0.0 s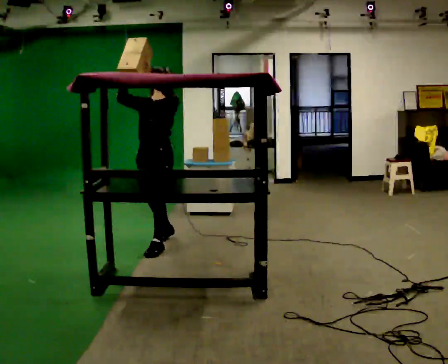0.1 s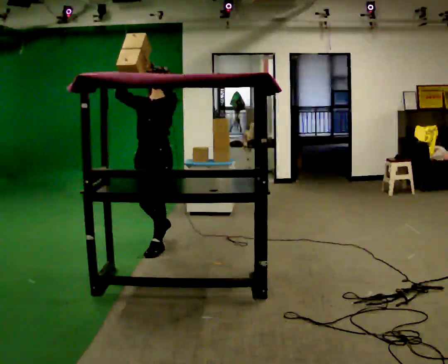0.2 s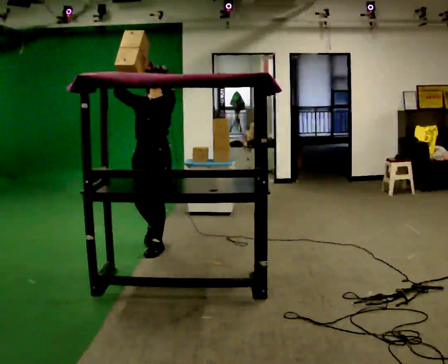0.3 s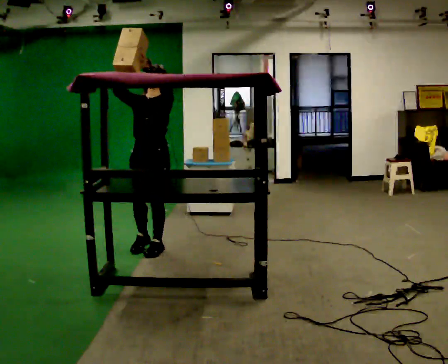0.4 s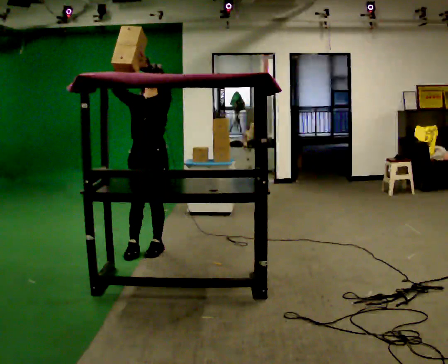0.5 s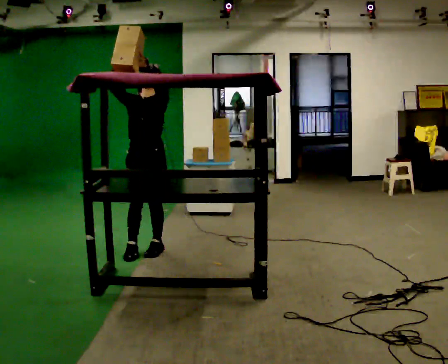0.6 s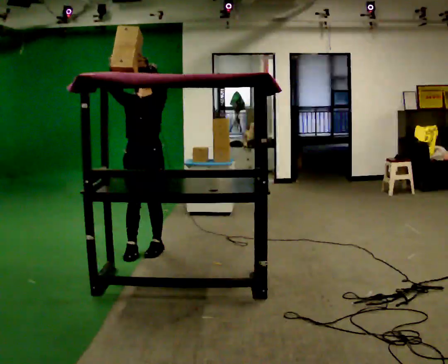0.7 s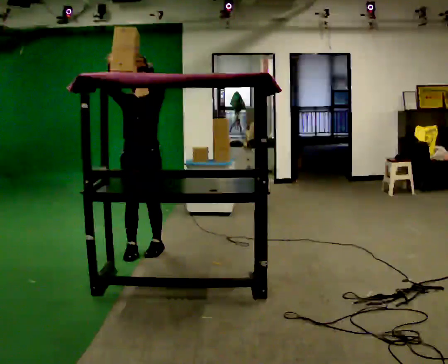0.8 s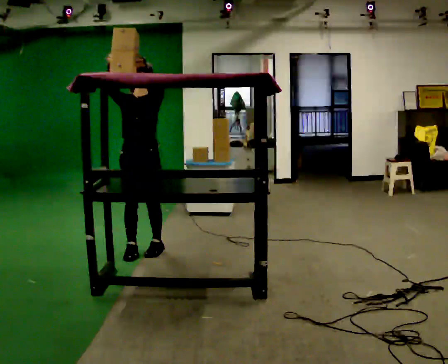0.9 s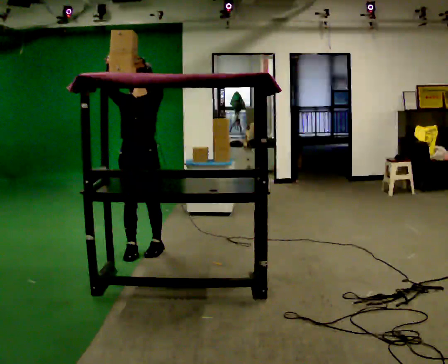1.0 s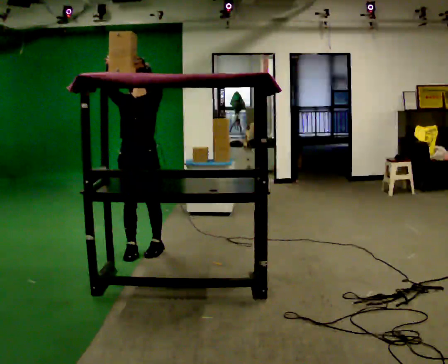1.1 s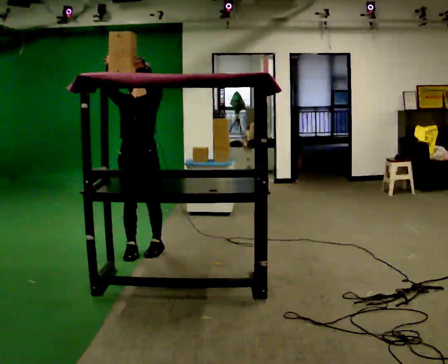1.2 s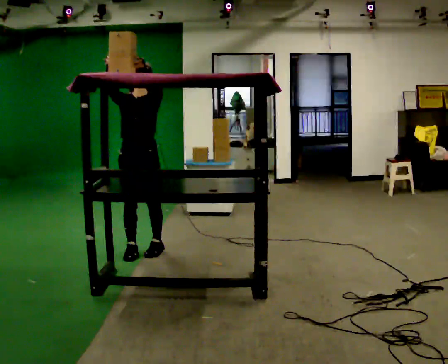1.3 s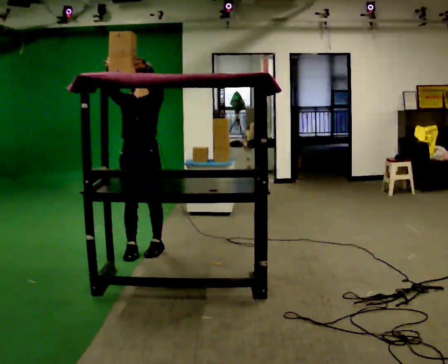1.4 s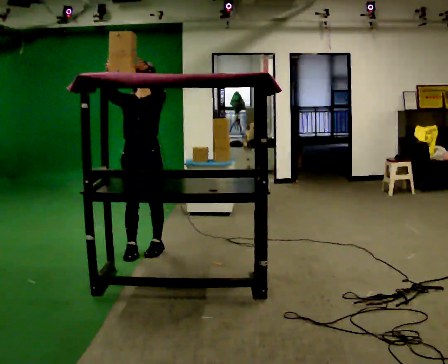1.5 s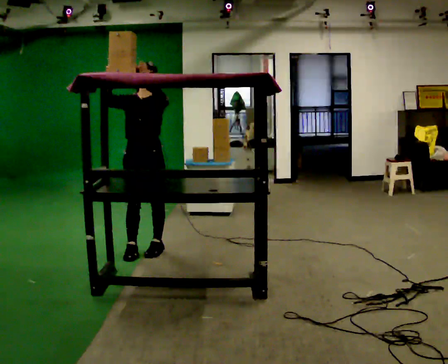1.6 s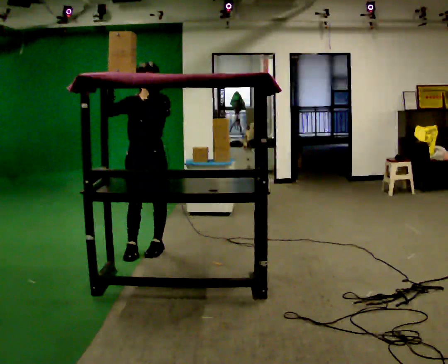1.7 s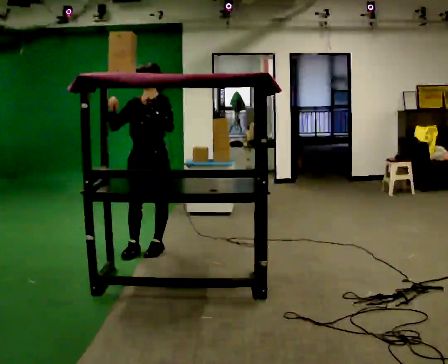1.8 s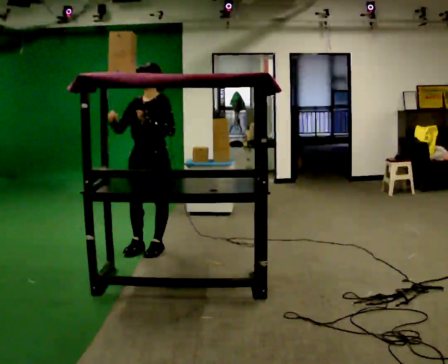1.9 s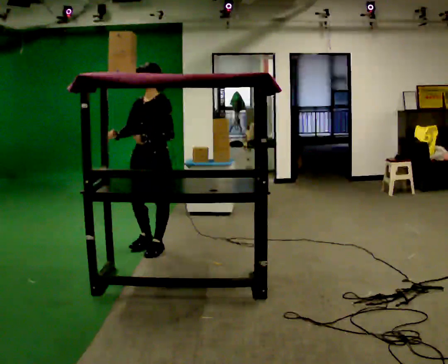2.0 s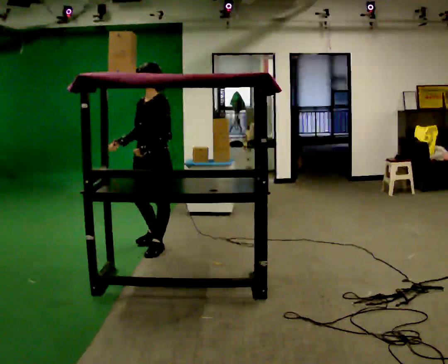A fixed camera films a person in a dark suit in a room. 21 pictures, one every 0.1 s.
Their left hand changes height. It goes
downward.
Their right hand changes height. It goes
downward.
0.0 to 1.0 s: In the picture they go toward the camera and to the left, about 0.25 m in 1 step, which for them is forward.
1.0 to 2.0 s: The person turns about 45 degrees to their right, clockwise seen from above, so the part of the body nearest the lens slides to the left. In the picture they go to the right, about 0.25 m, which for them is backward. In the picture their right hand goes downward, the arm swinging counterclockwise.
The film runs forward here.
